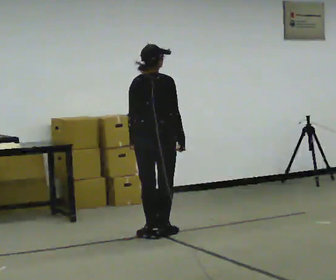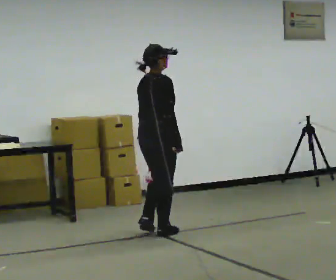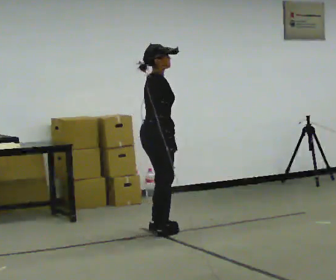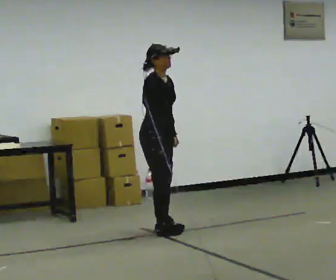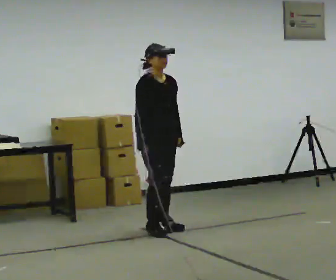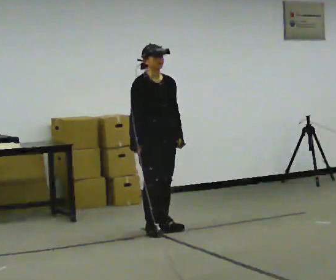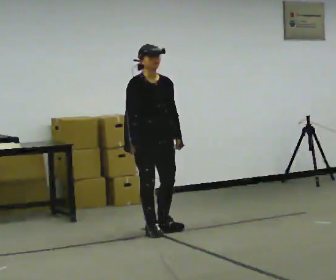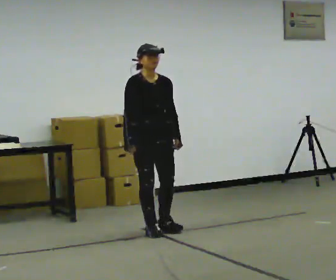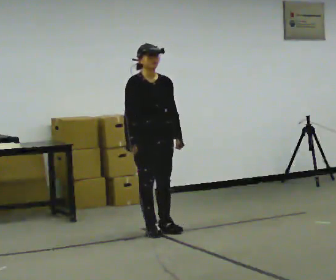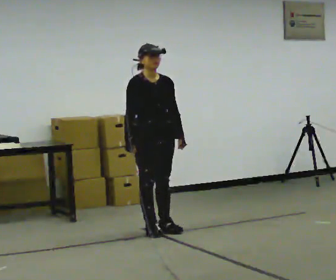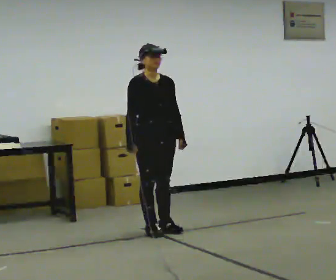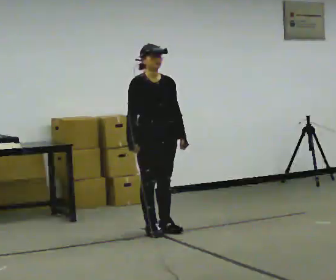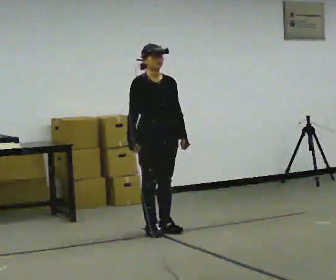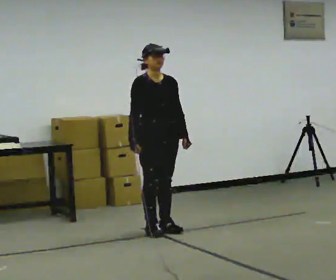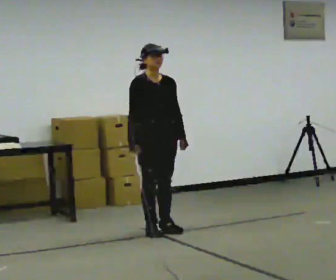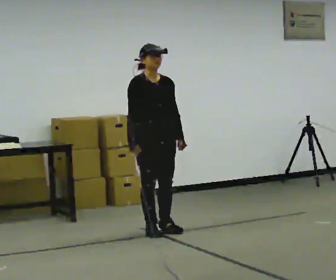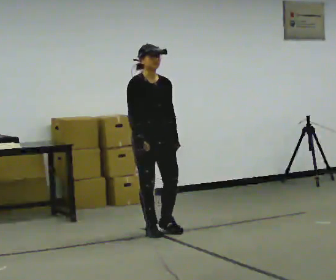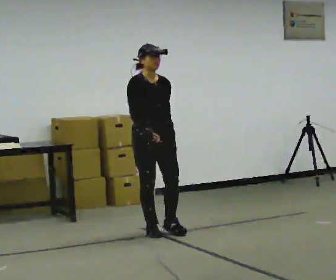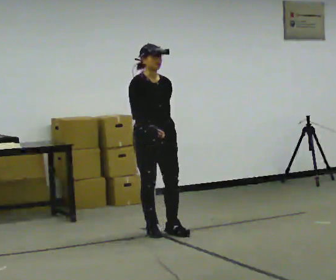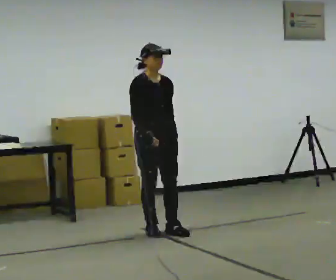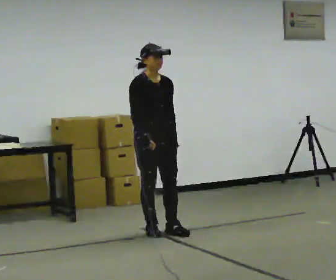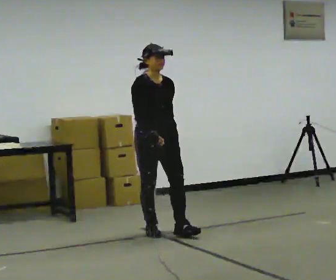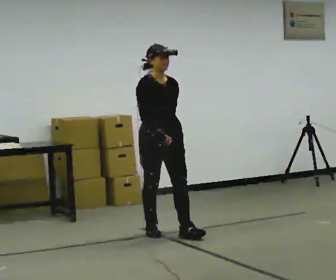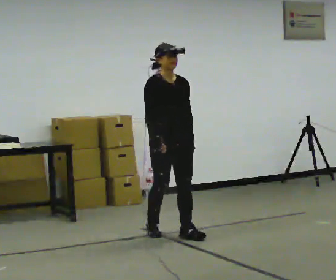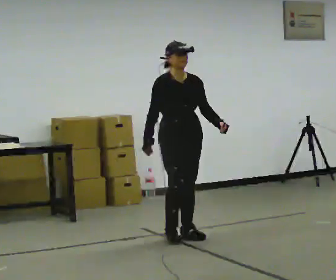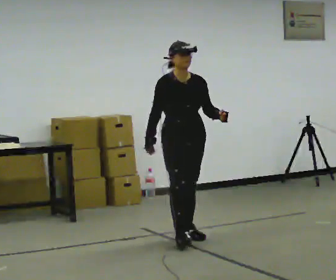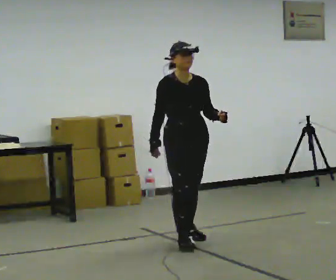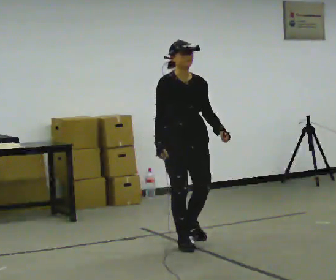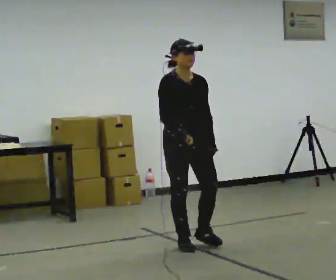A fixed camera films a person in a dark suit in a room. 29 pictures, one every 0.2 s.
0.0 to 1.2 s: The part of the body nearest the lens slides to the left as the person turns to their right by about 135 degrees. In the picture they go away from the camera, about 0.25 m in 2 steps. In the picture their right hand goes to the left, the arm swinging clockwise.
1.2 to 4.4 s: The person moves a little, or ends about where they began.
4.4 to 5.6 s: In the picture they go toward the camera and to the right, about 0.5 m in 1 step, which for them is forward.
The film runs forward here.
